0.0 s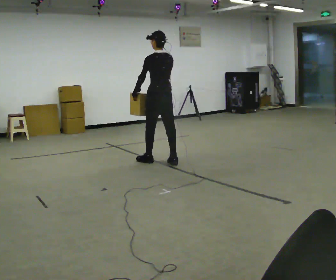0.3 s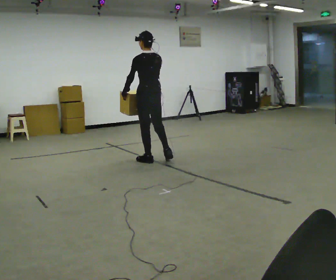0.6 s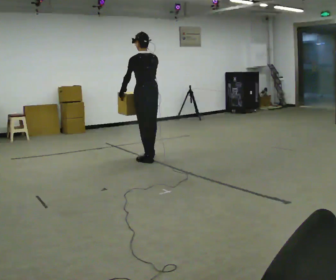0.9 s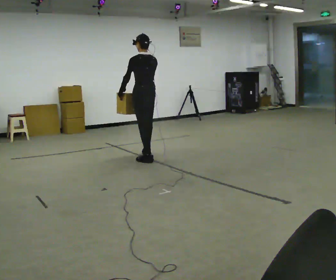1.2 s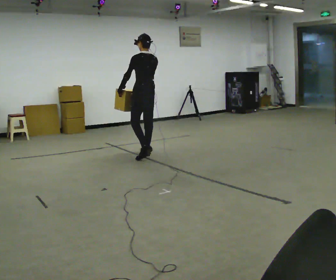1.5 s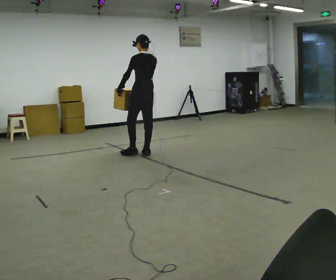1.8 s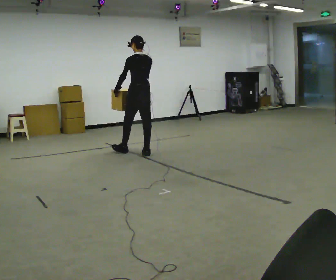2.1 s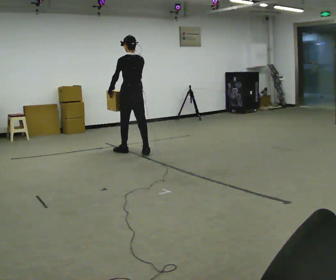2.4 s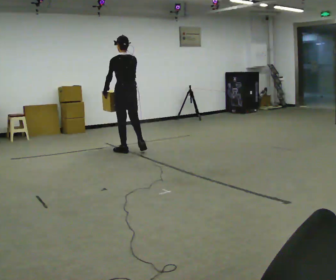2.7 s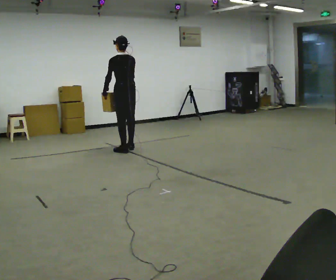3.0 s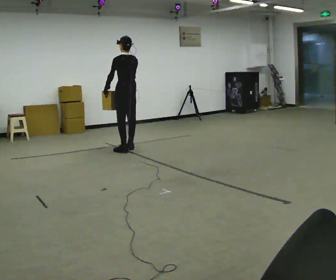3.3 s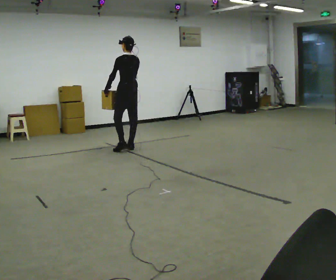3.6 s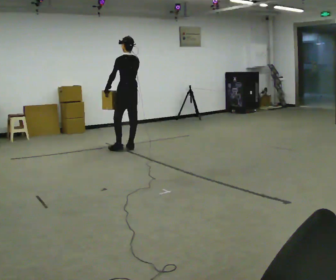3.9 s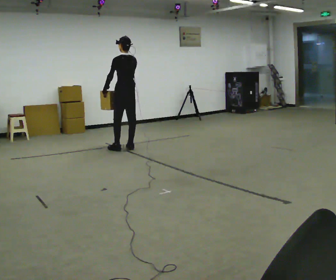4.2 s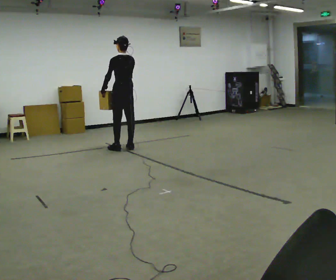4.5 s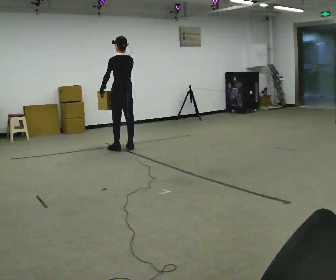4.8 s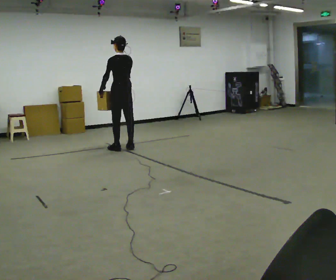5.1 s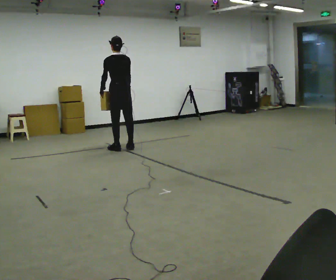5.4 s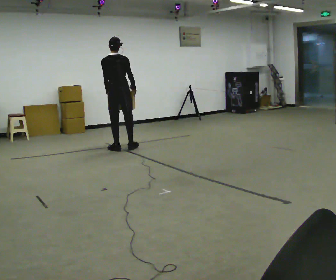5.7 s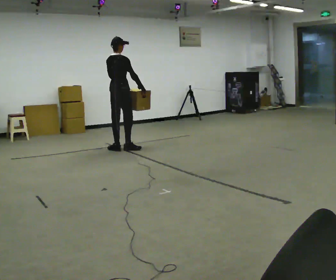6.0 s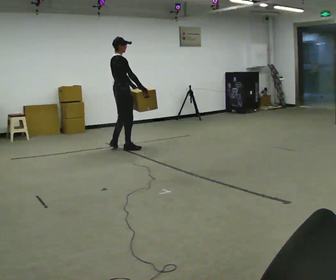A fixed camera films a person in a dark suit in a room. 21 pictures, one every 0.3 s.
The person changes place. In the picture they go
away from the camera.
0.0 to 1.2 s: In the picture they go away from the camera, about 0.5 m in 1 step, which for them is forward.
1.2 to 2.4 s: In the picture they go away from the camera and to the left, about 0.5 m in 1 step, which for them is forward.
2.4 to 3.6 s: In the picture they go away from the camera, about 0.25 m in 1 step, which for them is forward and to their right.
3.6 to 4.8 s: The person moves a little, or ends about where they began.
4.8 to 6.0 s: The part of the body nearest the lens slides to the left as the person turns to their right by about 105 degrees.
The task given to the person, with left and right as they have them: Carry the box across the room, back and forth. The operator will swap between the box with handles and the one without.
The film runs forward here.
